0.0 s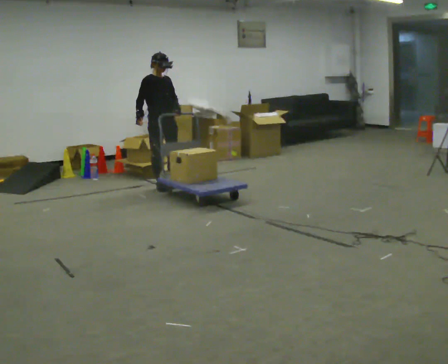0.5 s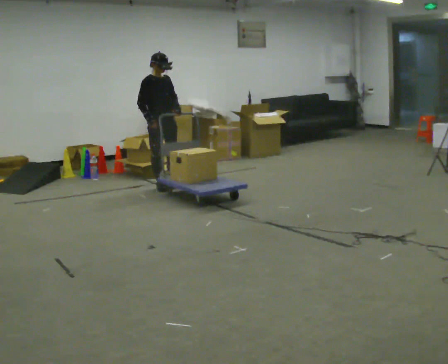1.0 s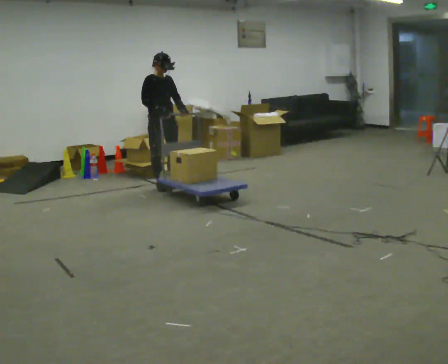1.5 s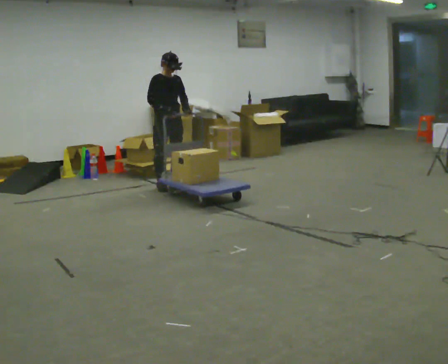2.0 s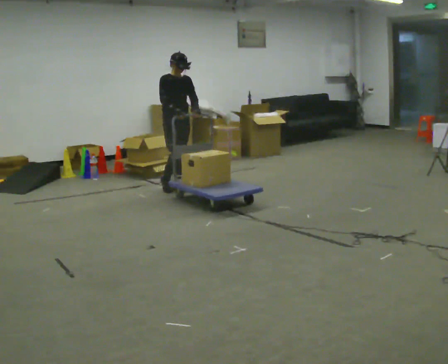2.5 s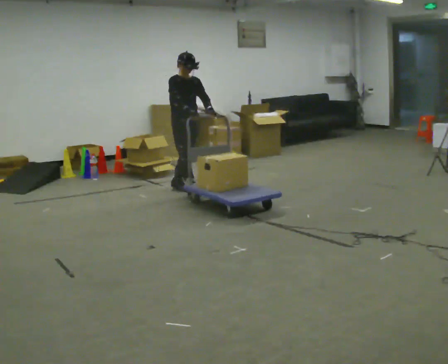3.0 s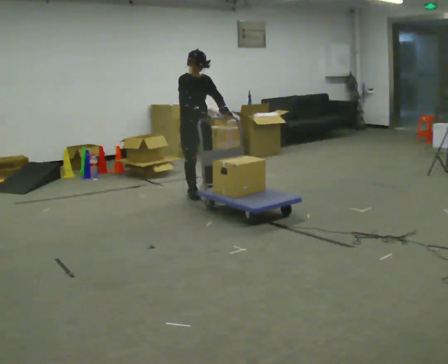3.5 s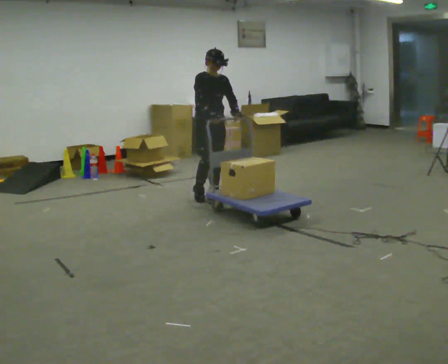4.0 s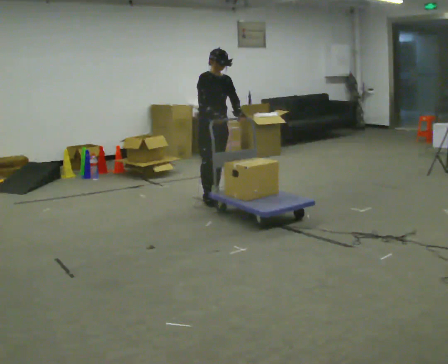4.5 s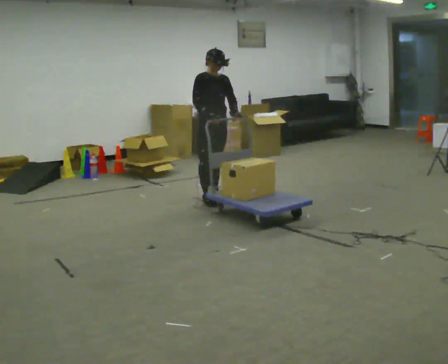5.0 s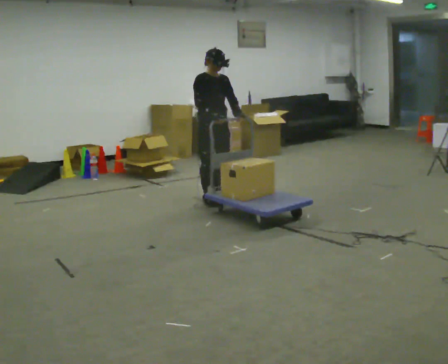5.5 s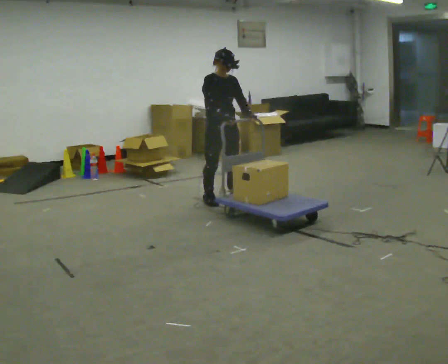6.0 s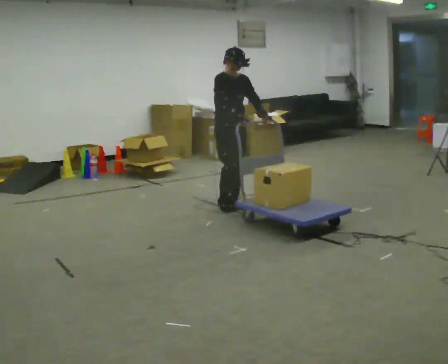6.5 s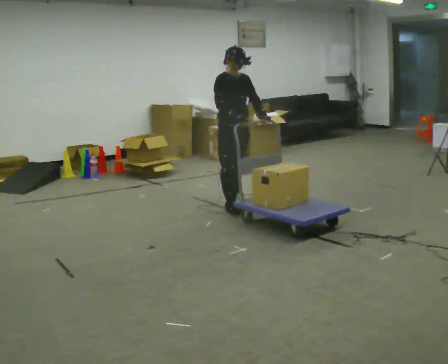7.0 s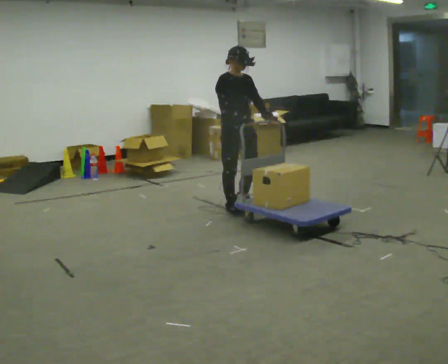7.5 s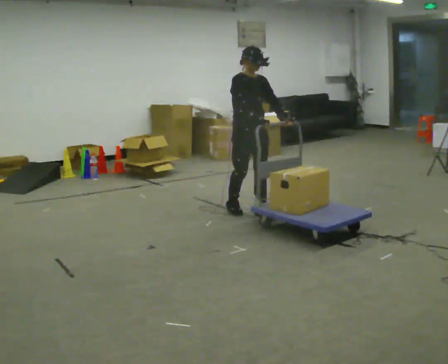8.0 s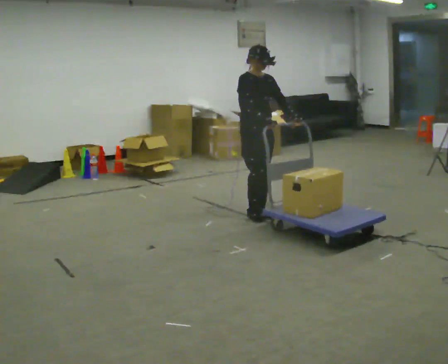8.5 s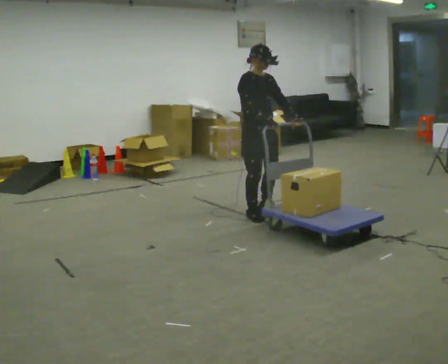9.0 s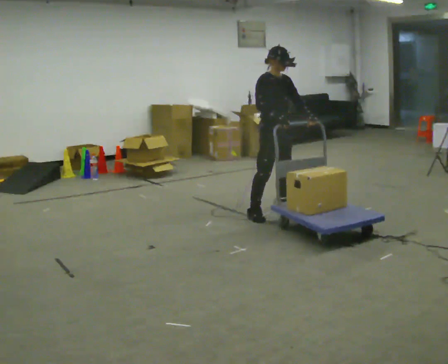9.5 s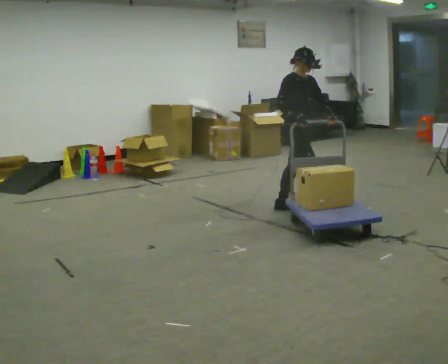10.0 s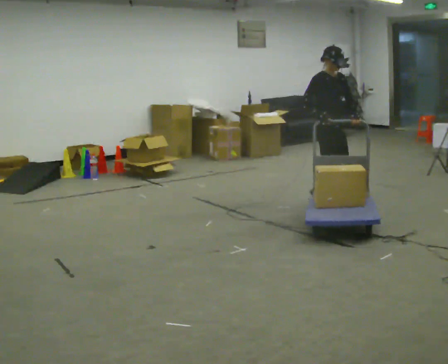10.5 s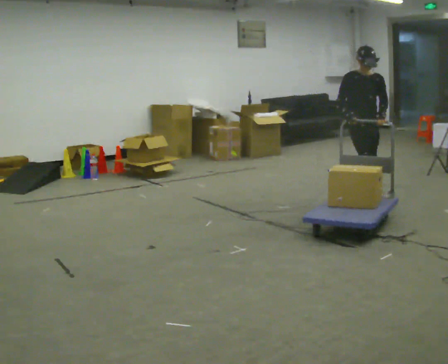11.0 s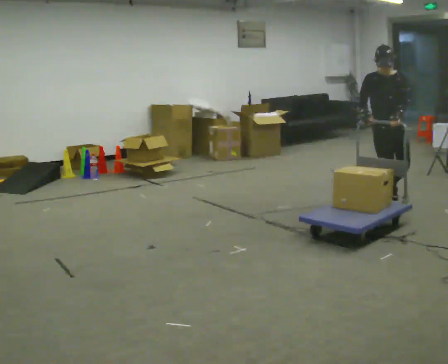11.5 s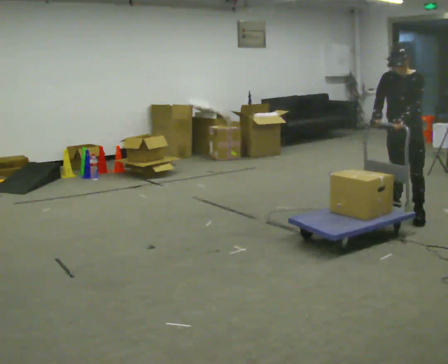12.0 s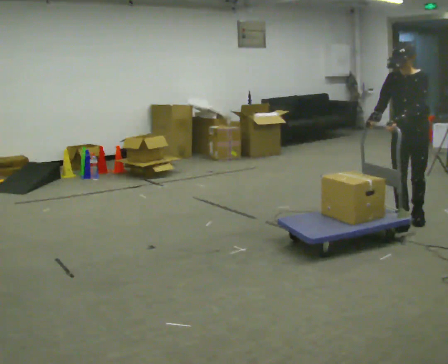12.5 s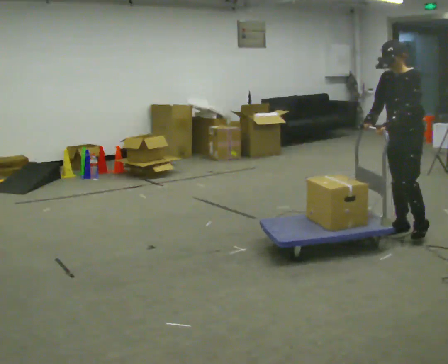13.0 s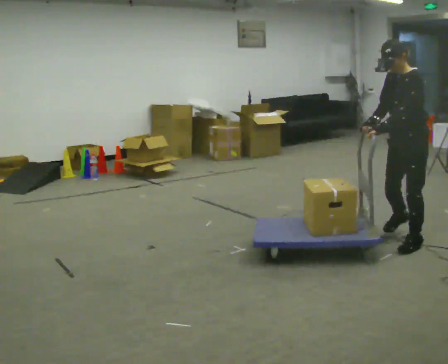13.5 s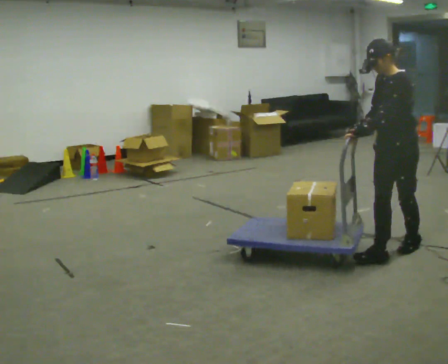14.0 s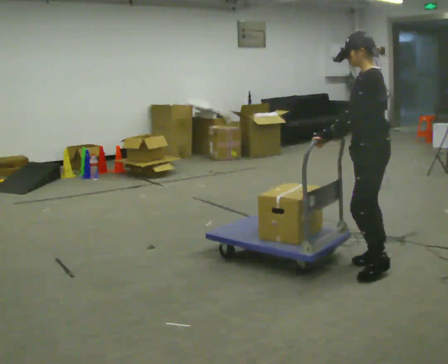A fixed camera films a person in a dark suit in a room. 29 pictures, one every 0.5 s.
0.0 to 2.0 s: In the picture they go to the right, about 0.25 m in 1 step, which for them is forward. In the picture their right hand goes to the right.
2.0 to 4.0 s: In the picture they go toward the camera and to the right, about 0.5 m in 3 steps, which for them is forward.
4.0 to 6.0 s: In the picture they go toward the camera and to the right, about 0.25 m in 1 step, which for them is forward.
6.0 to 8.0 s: In the picture they go toward the camera and to the right, about 0.5 m in 3 steps, which for them is forward.
8.0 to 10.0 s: In the picture they go to the right, about 0.5 m in 2 steps, which for them is to their left and forward.
10.0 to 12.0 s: The person turns about 90 degrees to their right, clockwise seen from above, so the part of the body nearest the lens slides to the left. In the picture they go toward the camera and to the right, about 1 m in 3 steps.
12.0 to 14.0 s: The person turns about 45 degrees to their right, clockwise seen from above, so the part of the body nearest the lens slides to the left. In the picture they go toward the camera and to the left, about 1 m in 3 steps, which for them is forward and to their left.
The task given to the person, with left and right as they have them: Push the cart across the room and back. The operator will change how much is loaded on it between takes and will tell you each time.
The film runs forward here.
